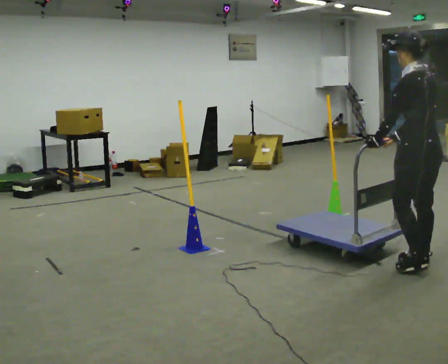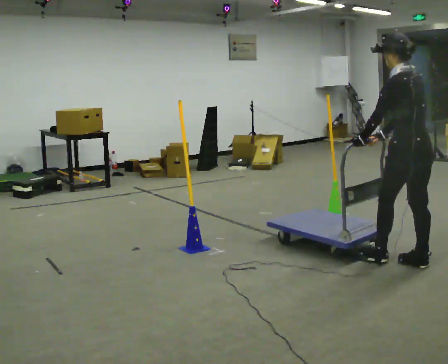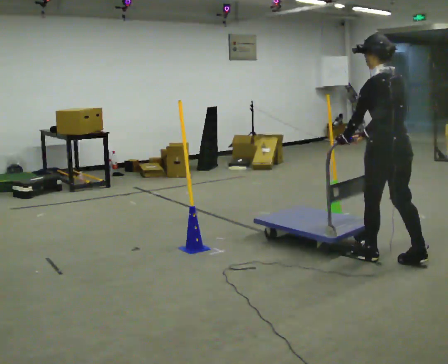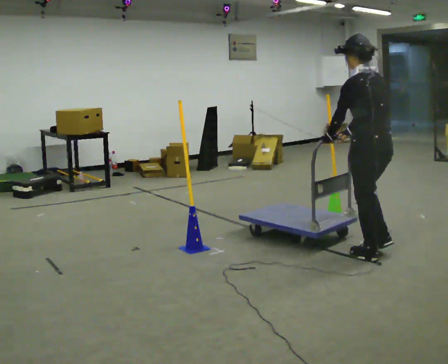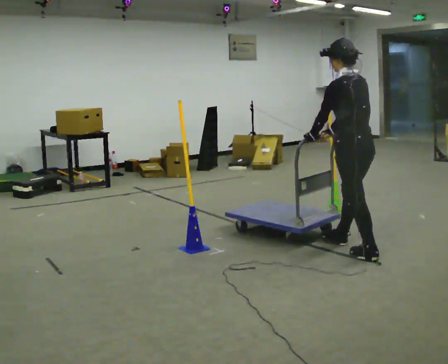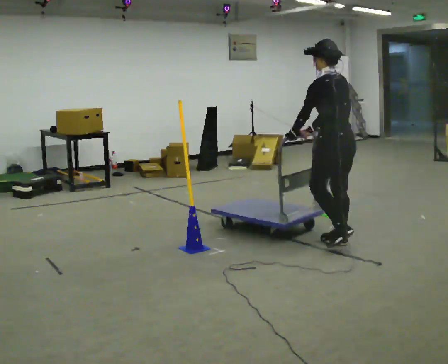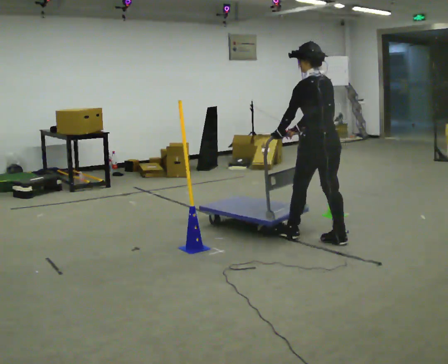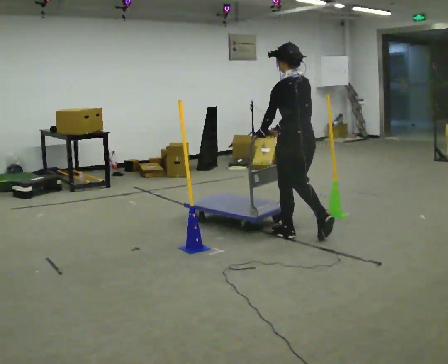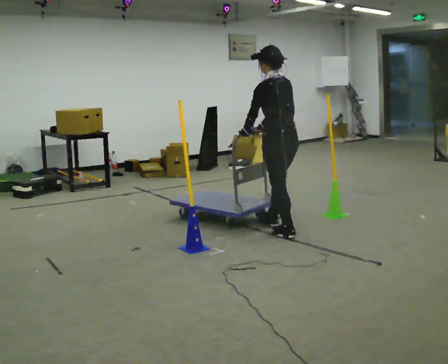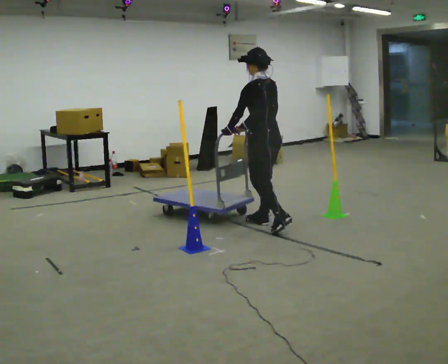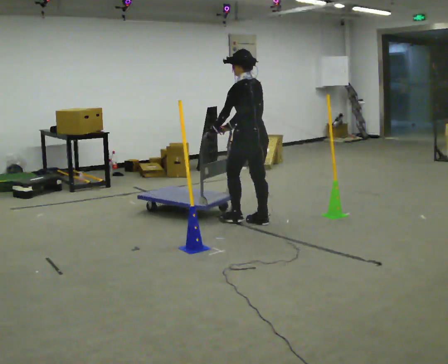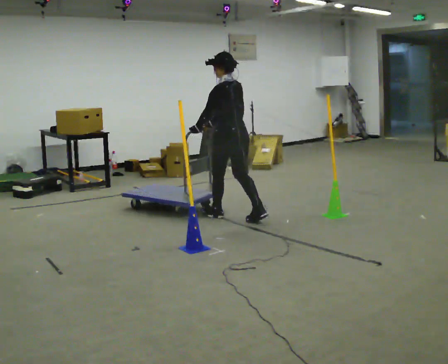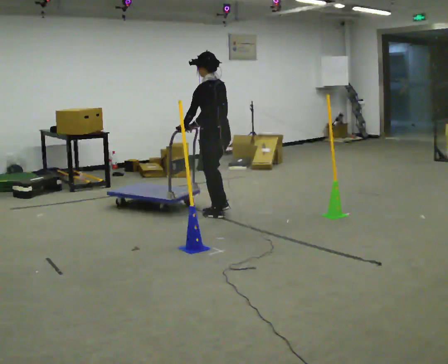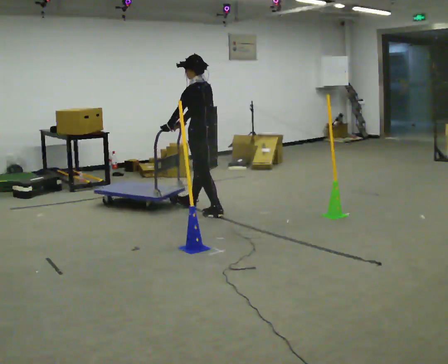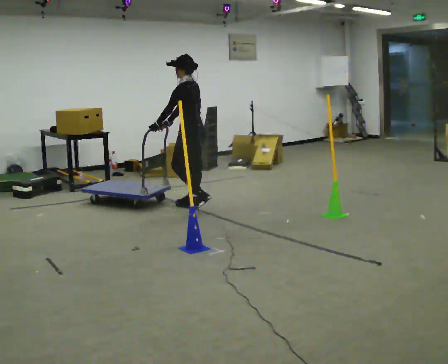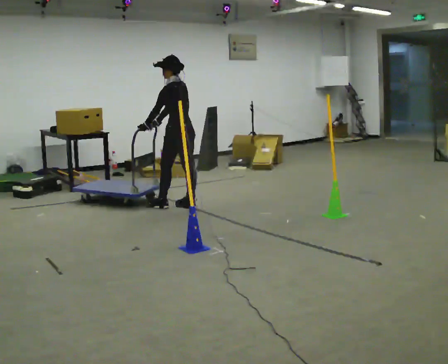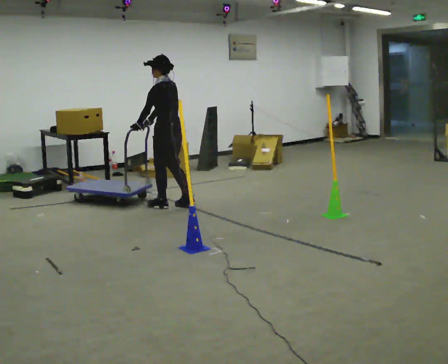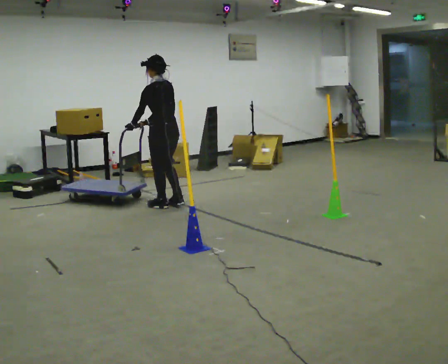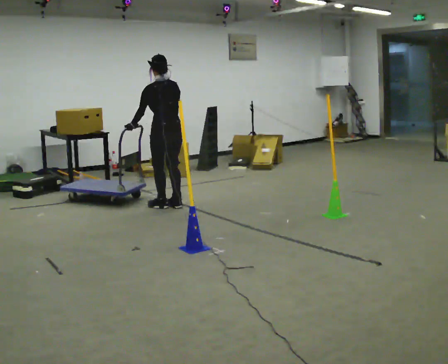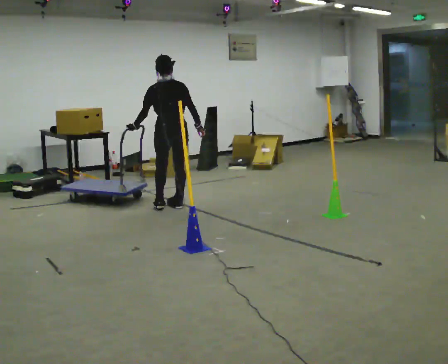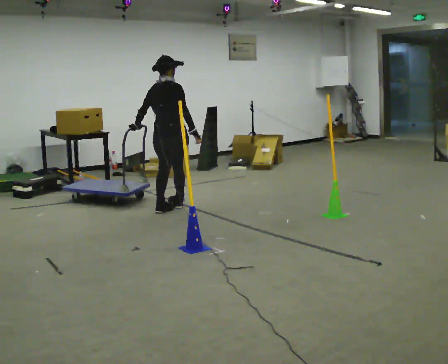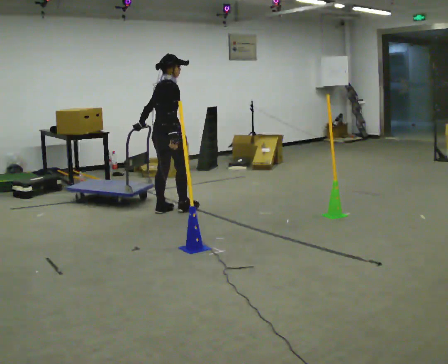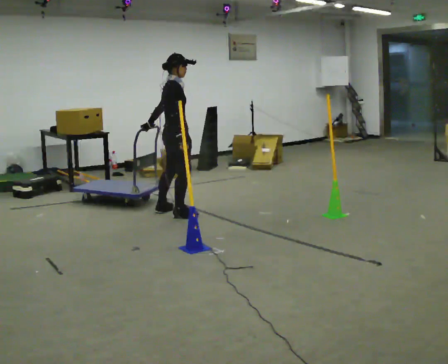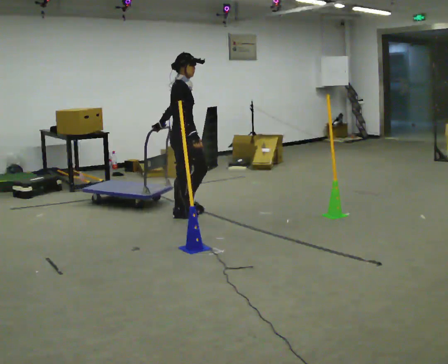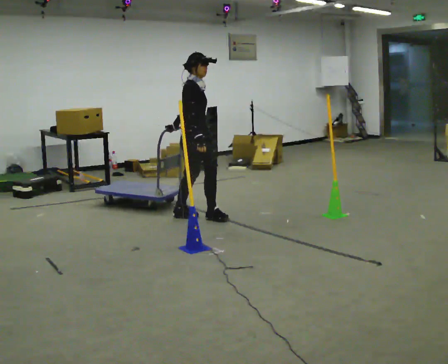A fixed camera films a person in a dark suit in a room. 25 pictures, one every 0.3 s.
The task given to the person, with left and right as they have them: Push the cart through the gap between the poles without touching them, then bring it back through.
0.0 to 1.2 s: In the picture they go away from the camera and to the left, about 0.75 m in 2 steps, which for them is forward.
1.2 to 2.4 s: In the picture they go away from the camera and to the left, about 1 m in 1 step, which for them is forward.
2.4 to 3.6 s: In the picture they go away from the camera and to the left, about 1 m in 2 steps, which for them is forward.
3.6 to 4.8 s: In the picture they go to the left and away from the camera, about 0.5 m in 2 steps, which for them is forward.
4.8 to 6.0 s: The part of the body nearest the lens slides to the left as the person turns to their right by about 90 degrees. In the picture they go toward the camera, about 0.25 m in 2 steps. In the picture their right hand goes to the right.
6.0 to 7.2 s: The person turns about 75 degrees to their right, clockwise seen from above, so the part of the body nearest the lens slides to the left. In the picture they go to the right and toward the camera, about 0.5 m in 2 steps.
The film runs forward here.
